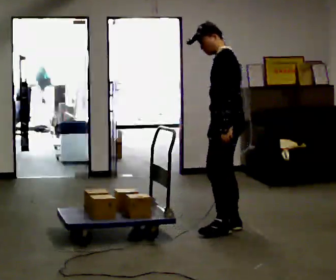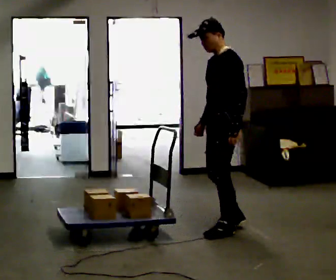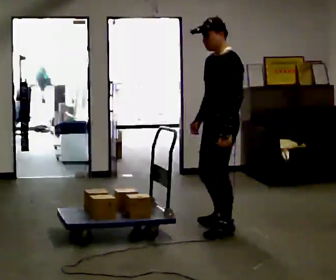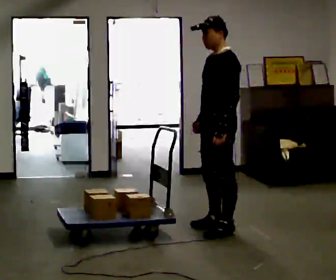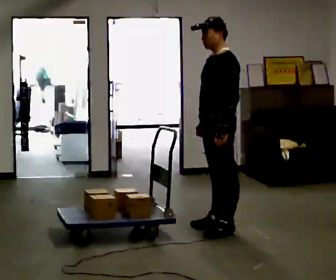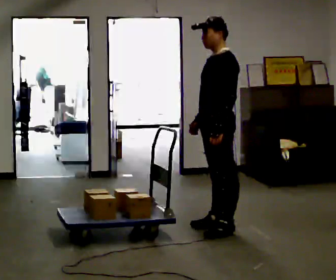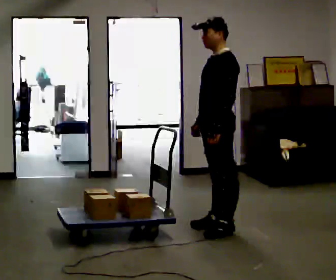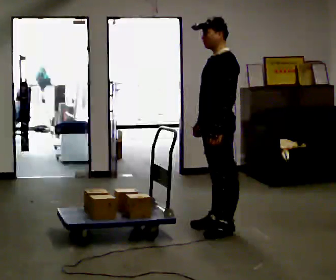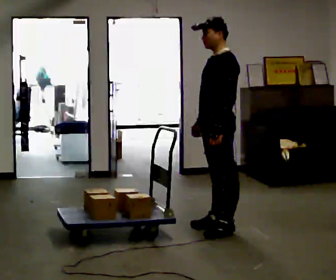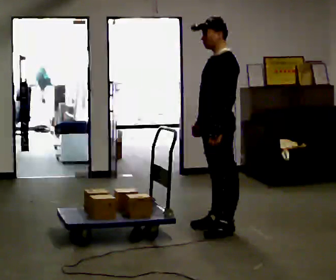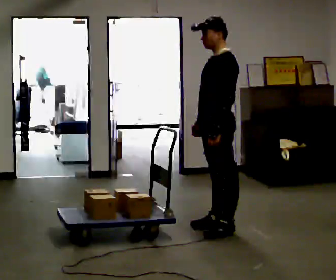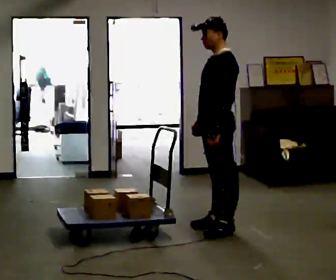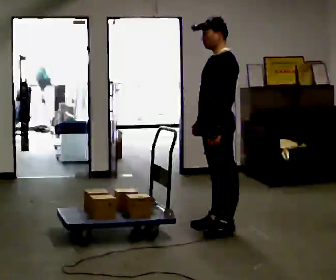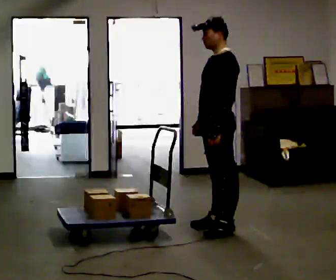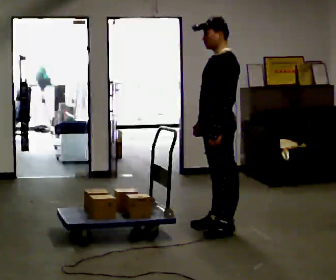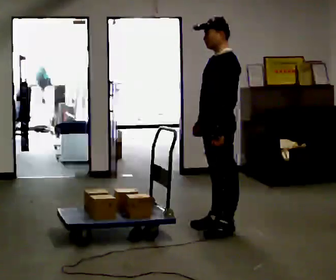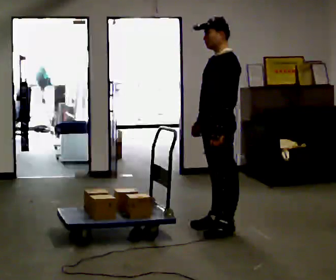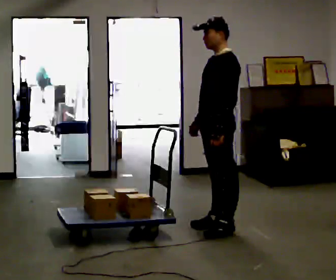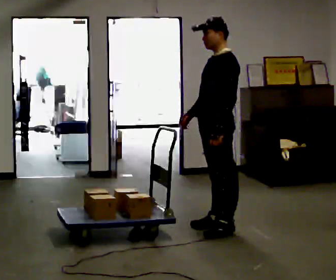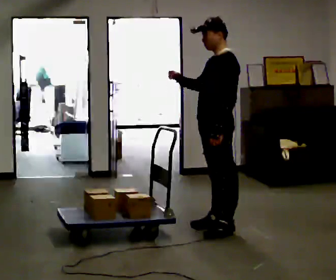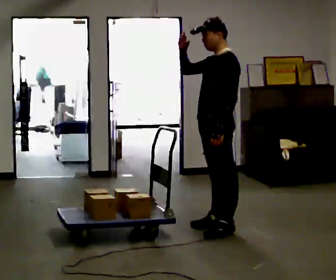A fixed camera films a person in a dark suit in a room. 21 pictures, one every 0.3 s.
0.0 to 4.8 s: The person moves a little, or ends about where they began.
4.8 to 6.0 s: In the picture their right hand goes upward, the arm swinging clockwise.
The film runs forward here.
